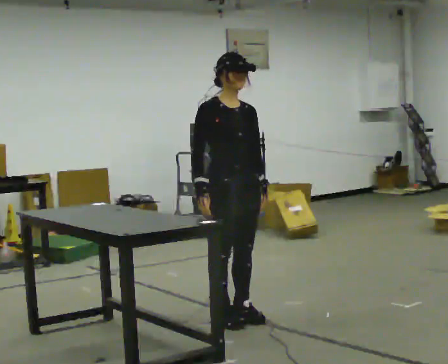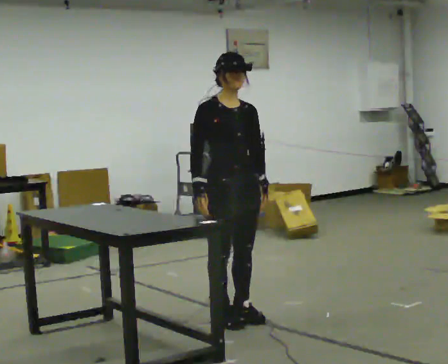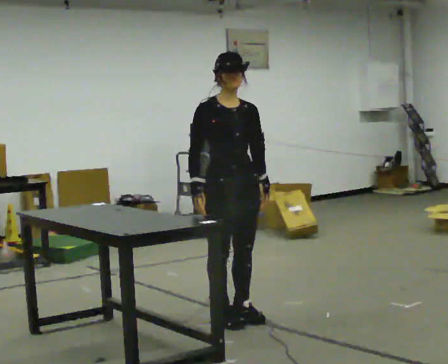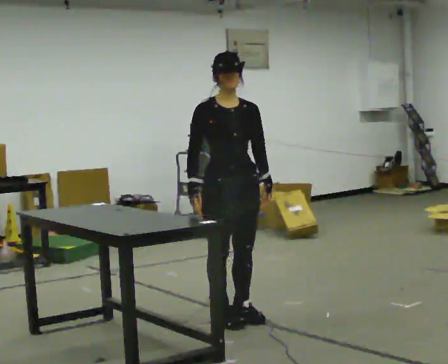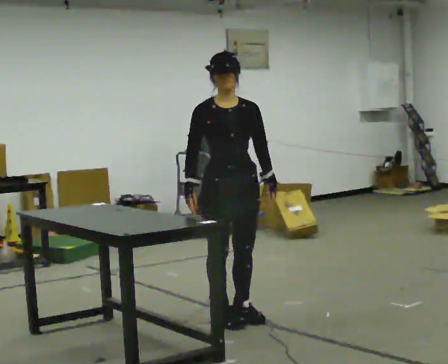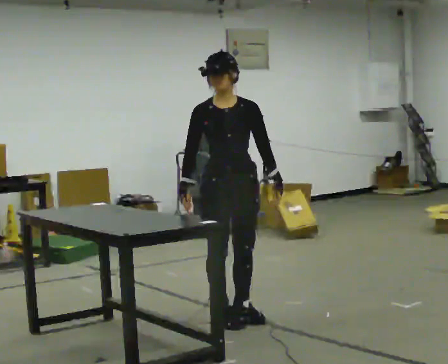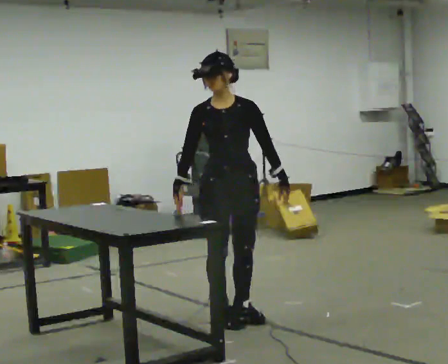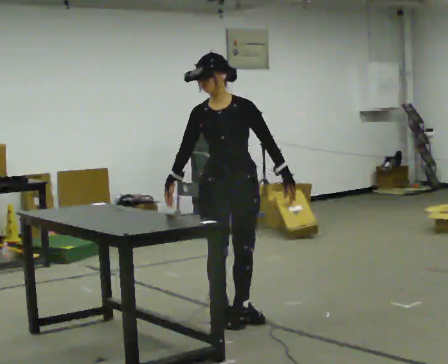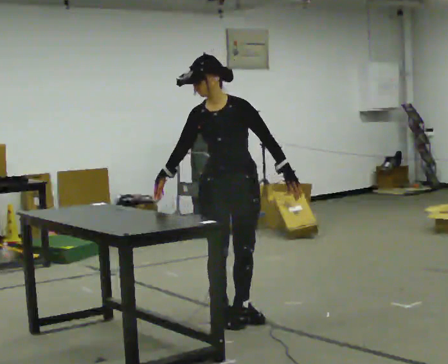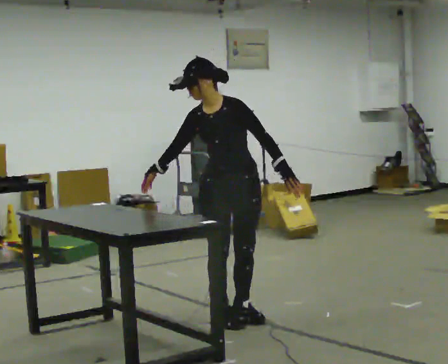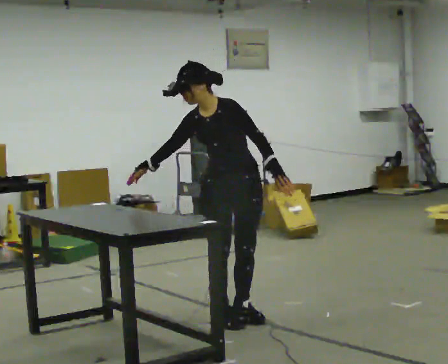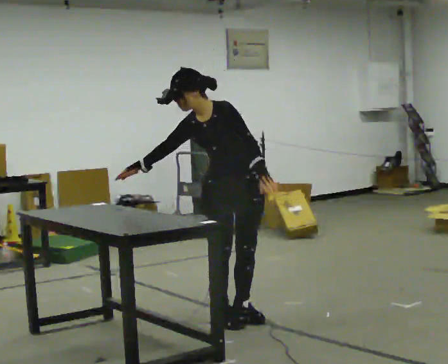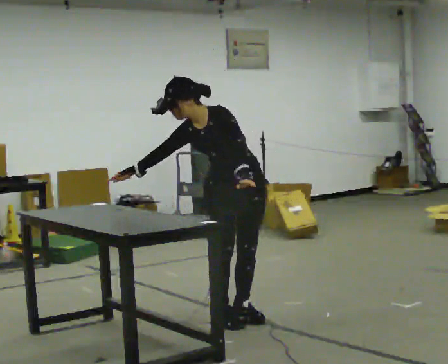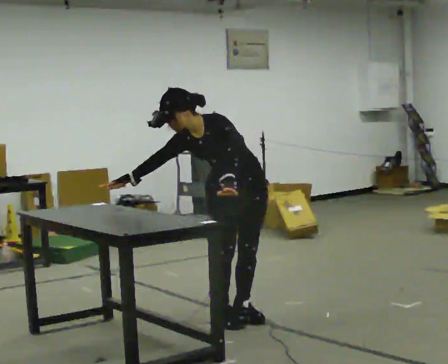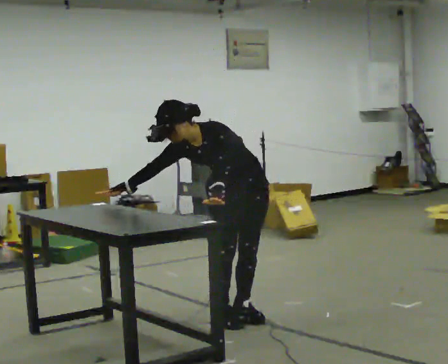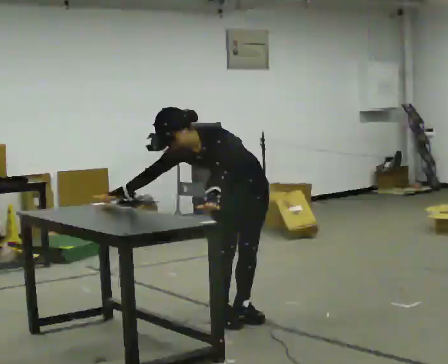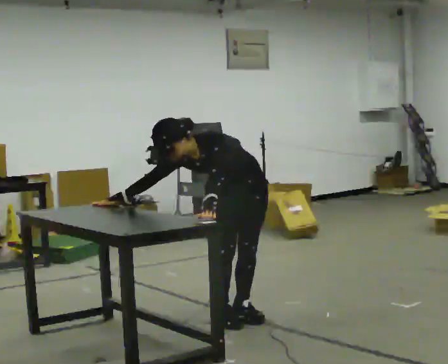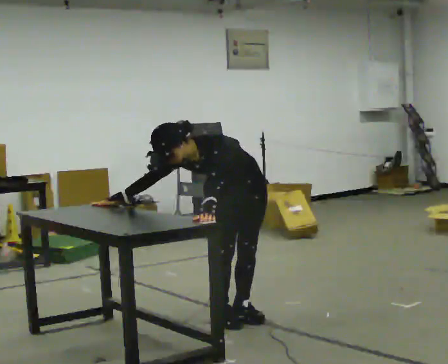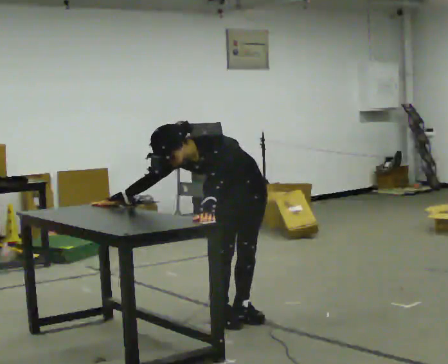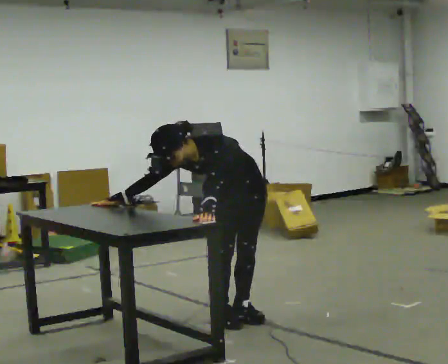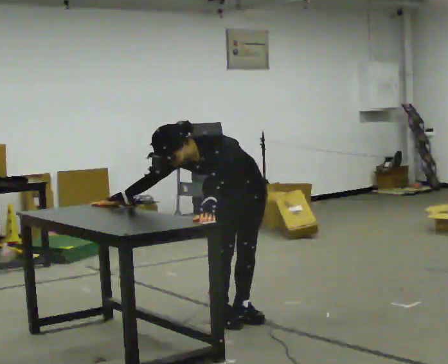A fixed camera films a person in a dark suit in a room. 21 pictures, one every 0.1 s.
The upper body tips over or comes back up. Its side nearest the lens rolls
downward.
0.0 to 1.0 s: The part of the body nearest the lens slides to the left as the person turns to their right by about 45 degrees. In the picture their right hand goes to the left.
1.0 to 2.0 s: The shoulders move downward. The upper body tips toward the camera, its near side rolling downward, as they bend forward. In the picture their left hand goes to the left.
The film runs forward here.
